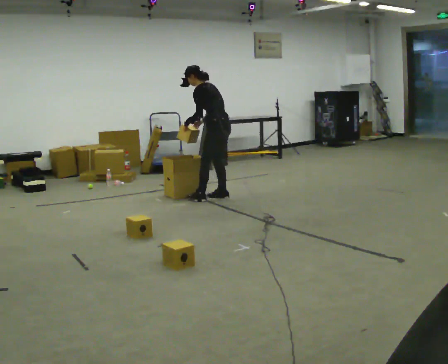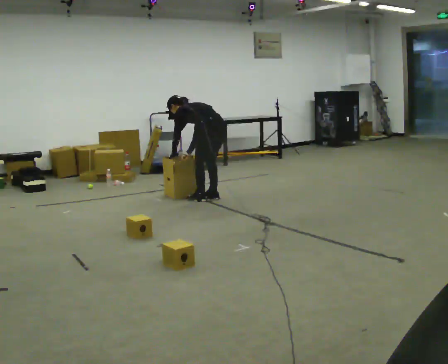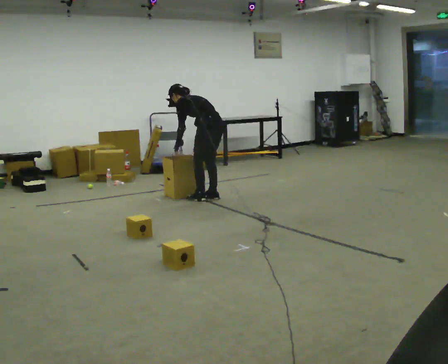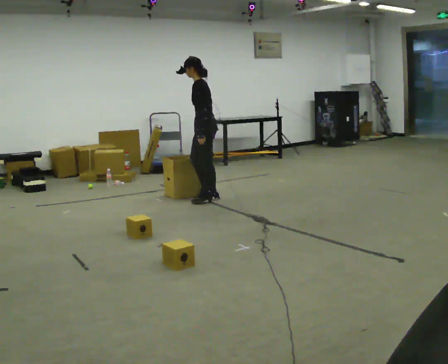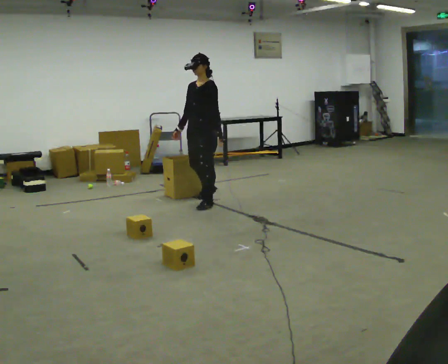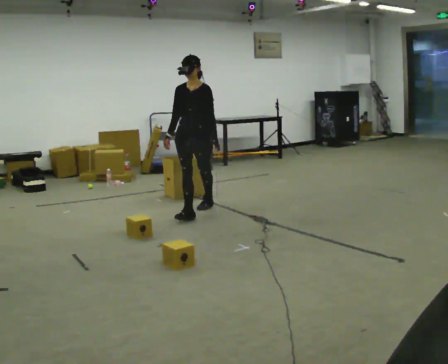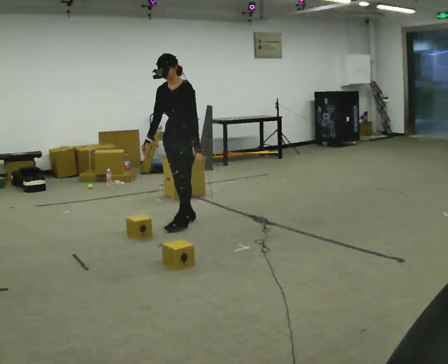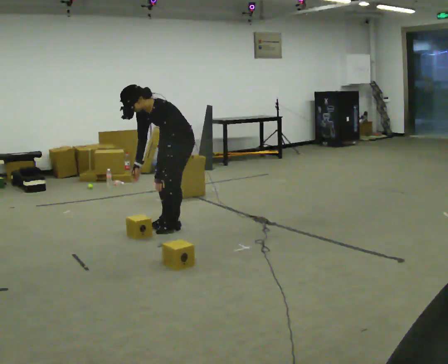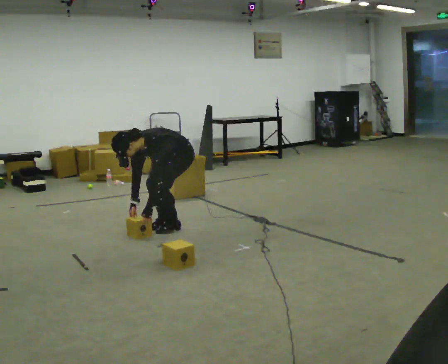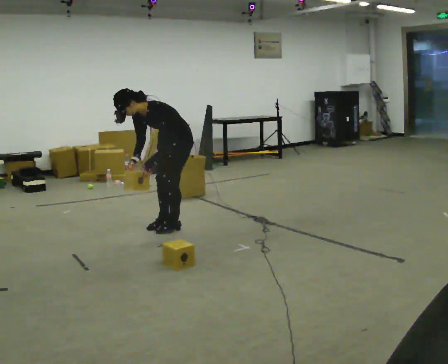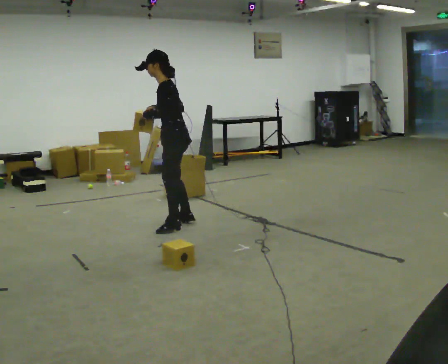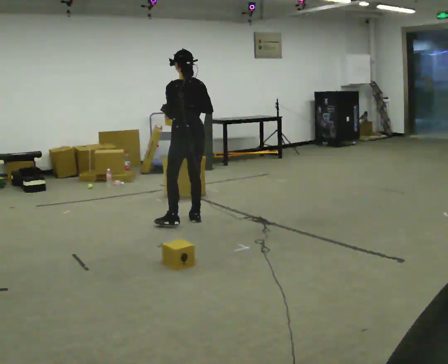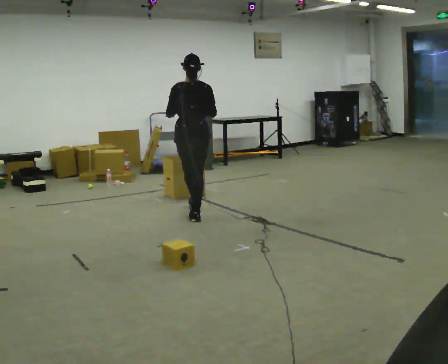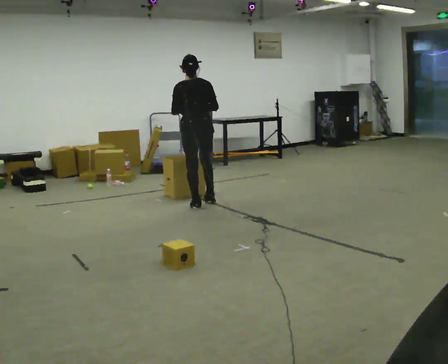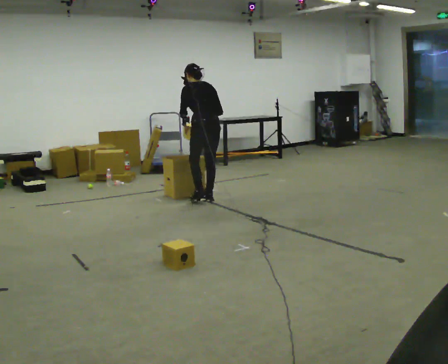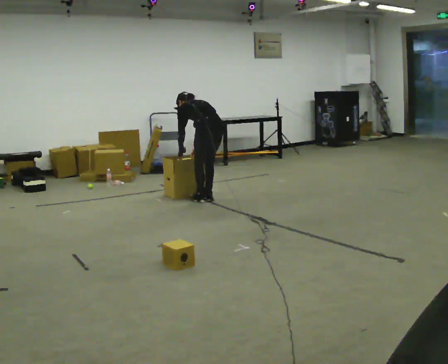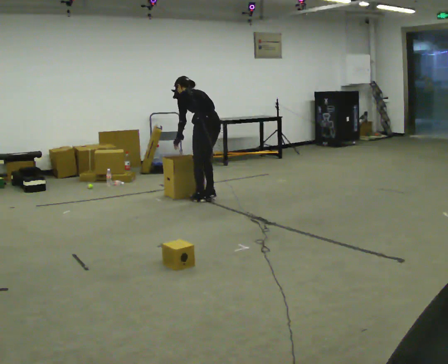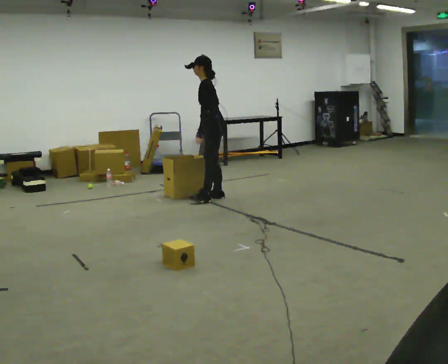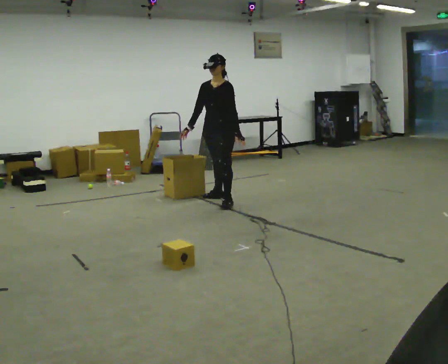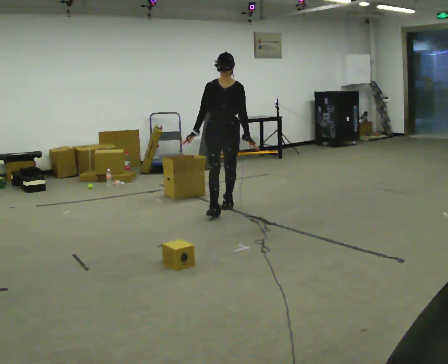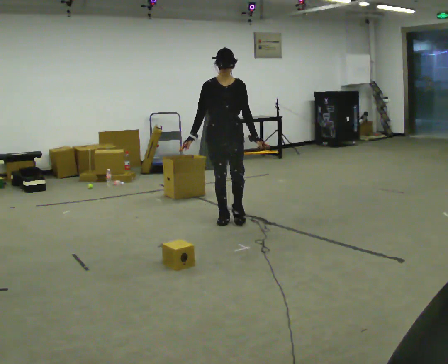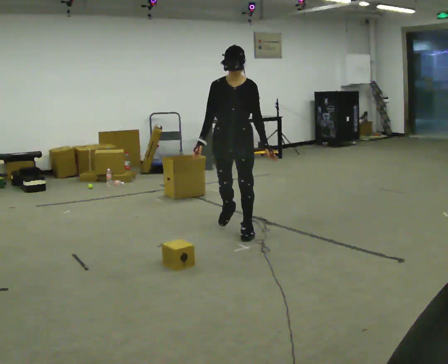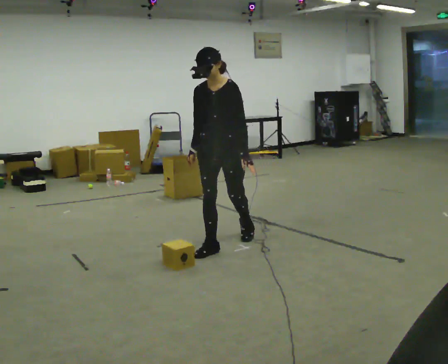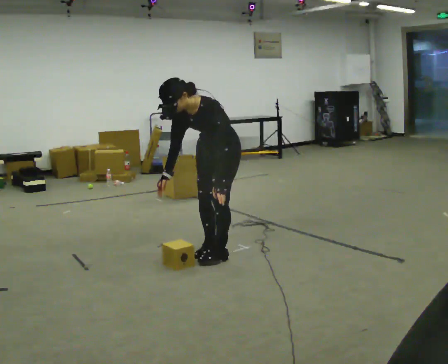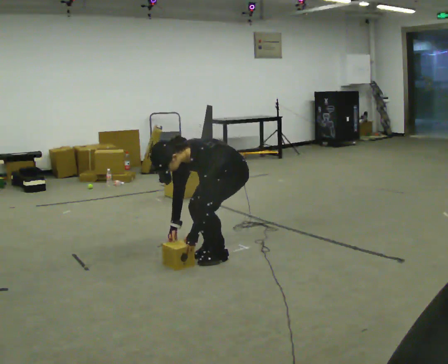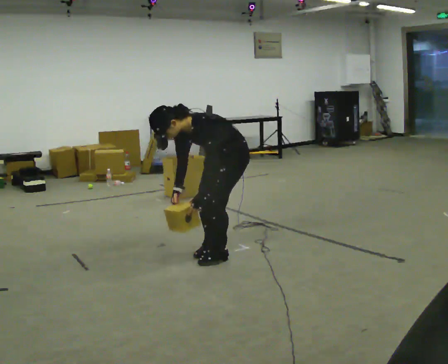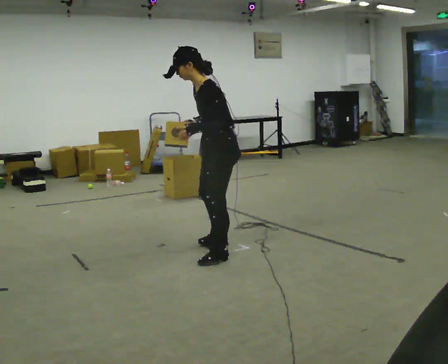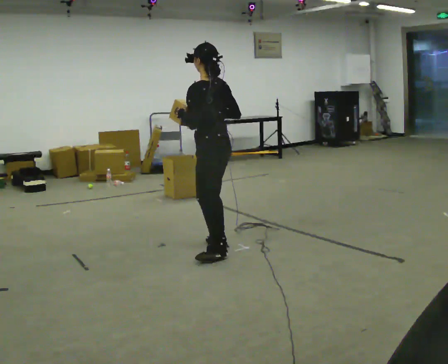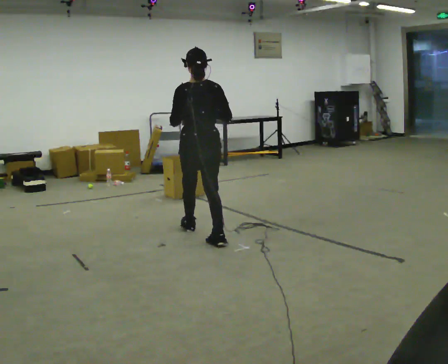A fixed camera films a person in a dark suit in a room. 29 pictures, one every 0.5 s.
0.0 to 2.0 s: The person turns about 75 degrees to their left, counterclockwise seen from above, so the part of the body nearest the lens slides to the right. In the picture they go toward the camera and to the left, about 0.25 m in 1 step.
2.0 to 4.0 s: In the picture they go toward the camera, about 1 m in 3 steps, which for them is forward. The shoulders move downward. In the picture the upper body tilts counterclockwise, shoulders to the left, as they bend forward. In the picture their right hand goes downward.
4.0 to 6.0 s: The person turns about 135 degrees to their right, clockwise seen from above, so the part of the body nearest the lens slides to the left. In the picture they go away from the camera, about 0.5 m in 1 step. The shoulders move upward. In the picture the upper body tilts clockwise, shoulders to the right, as they lean back or straighten. In the picture their right hand goes upward.
6.0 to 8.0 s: The person turns about 45 degrees to their left, counterclockwise seen from above, so the part of the body nearest the lens slides to the right. In the picture they go away from the camera, about 0.5 m in 3 steps, which for them is to their right and forward. In the picture their left hand goes downward.
8.0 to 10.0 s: The part of the body nearest the lens slides to the right as the person turns to their left by about 150 degrees. In the picture they go toward the camera, about 1 m in 3 steps. The upper body tips toward the camera, its near side rolling downward, as they lean back or straighten.
10.0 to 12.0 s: The person turns about 60 degrees to their right, clockwise seen from above, so the part of the body nearest the lens slides to the left. In the picture they go toward the camera, about 1 m in 3 steps, which for them is forward and to their left. The upper body goes downward. In the picture the upper body tilts counterclockwise, shoulders to the left, as they bend forward. In the picture their left hand goes downward.
12.0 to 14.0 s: Seen from above the body turns clockwise, about 105 degrees: to their right, with its near side sliding to the left. In the picture they go away from the camera and to the left, about 0.5 m in 1 step. The shoulders move upward. In the picture the upper body tilts clockwise, shoulders to the right, as they lean back or straighten. In the picture their right hand goes upward.
The film runs forward here.
